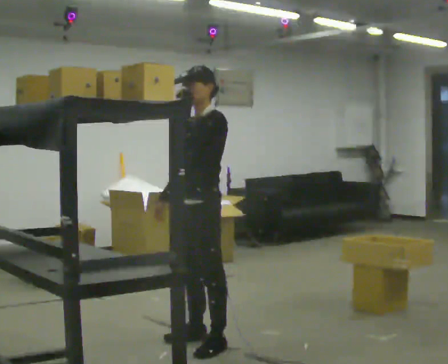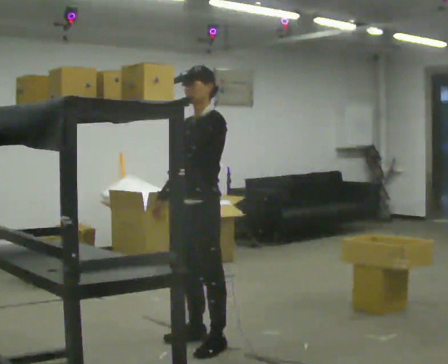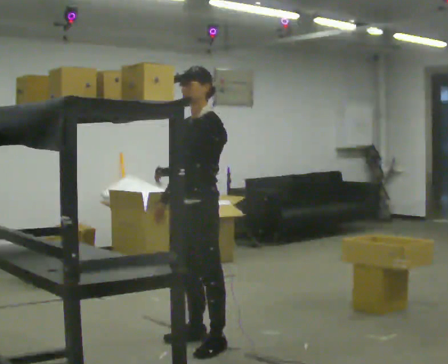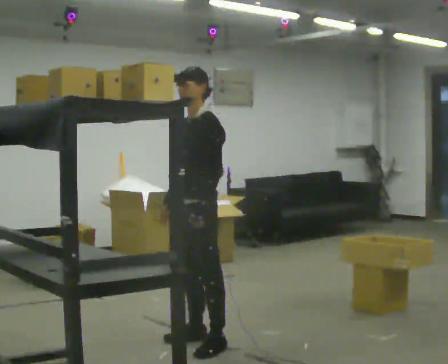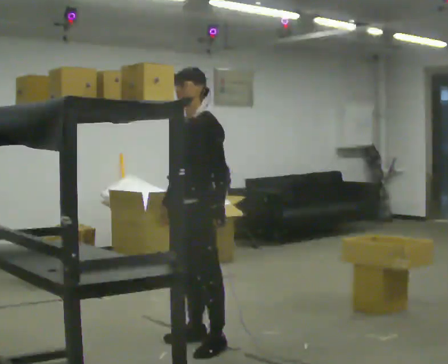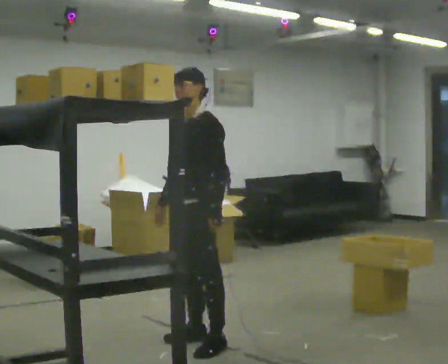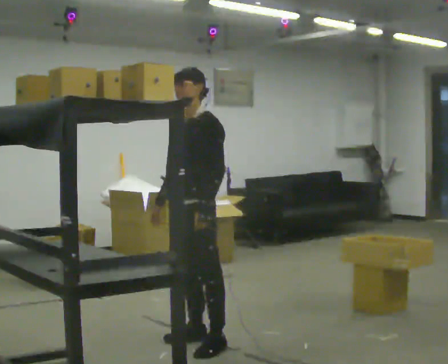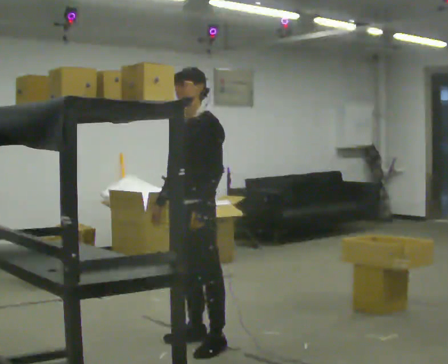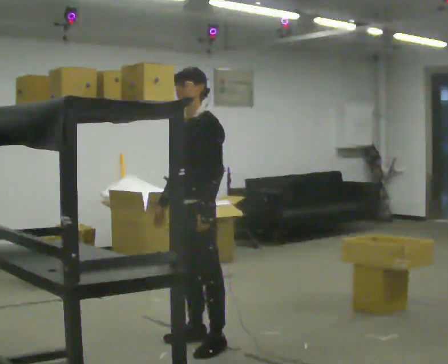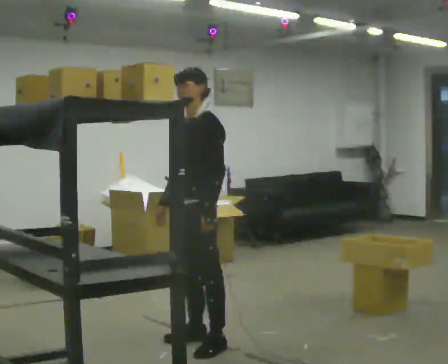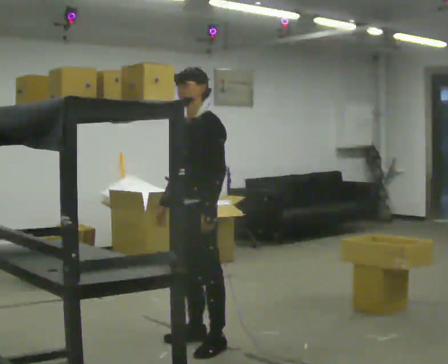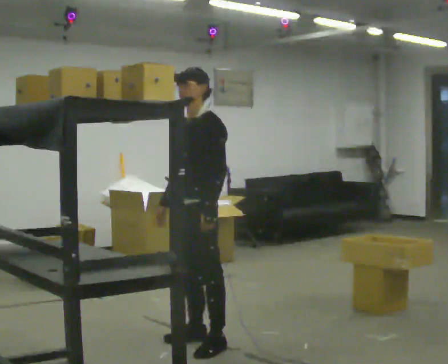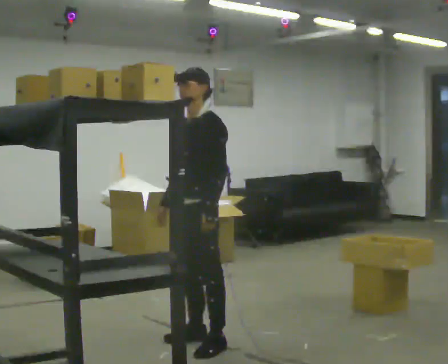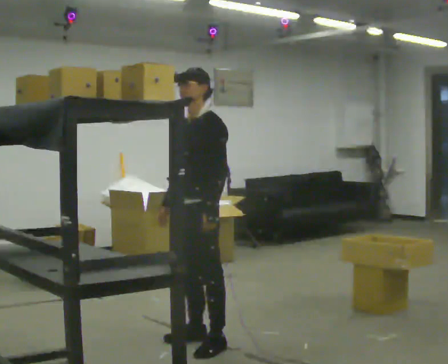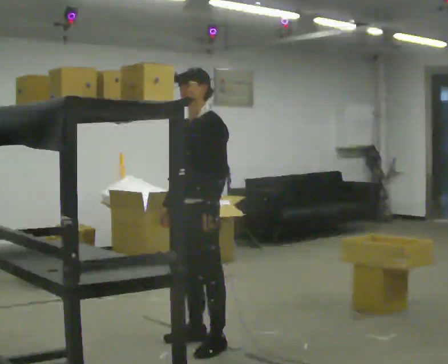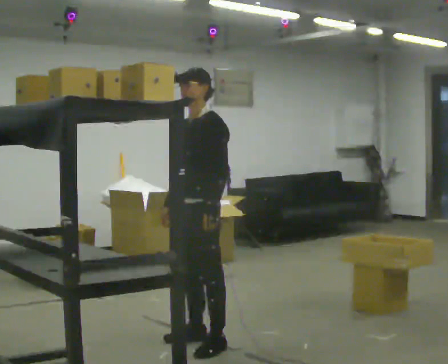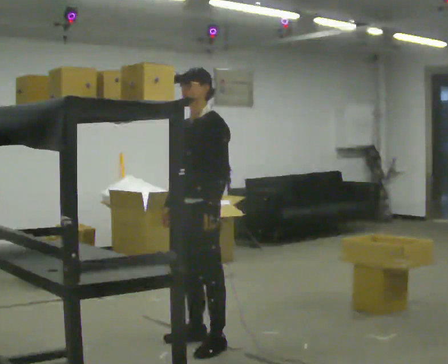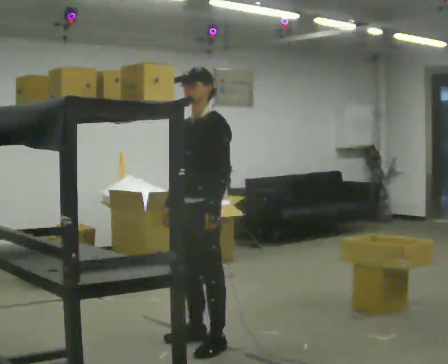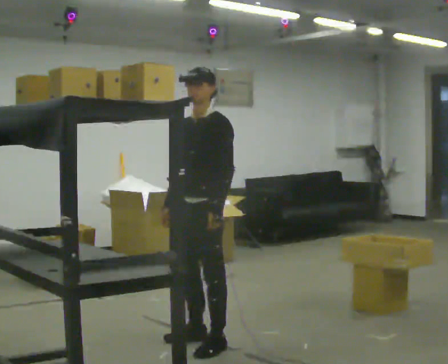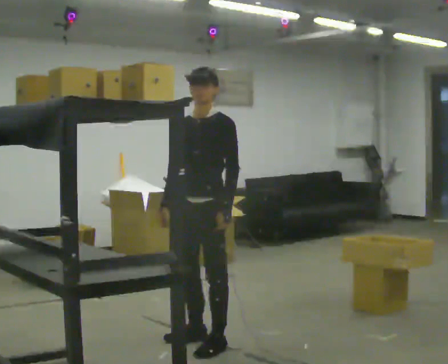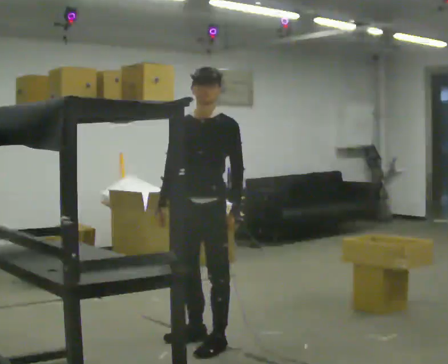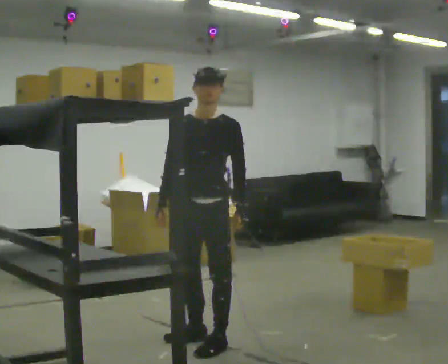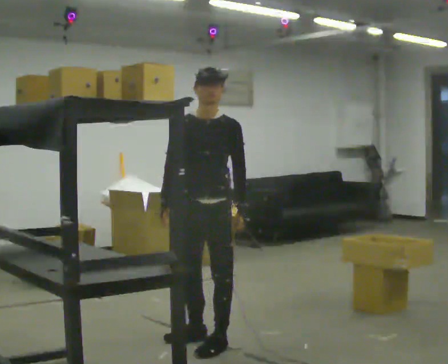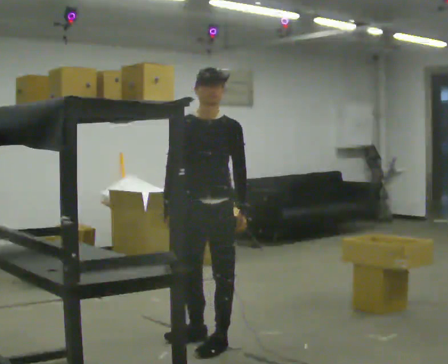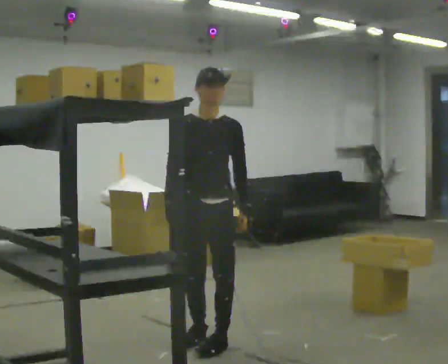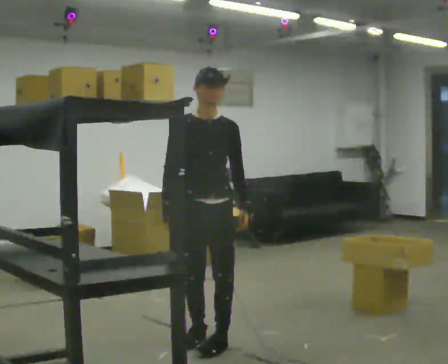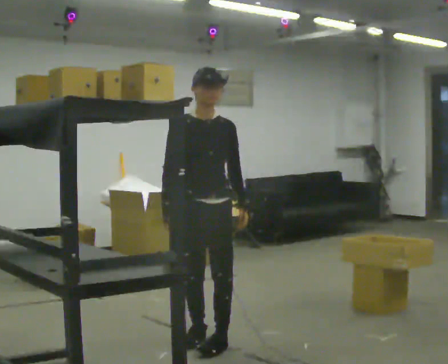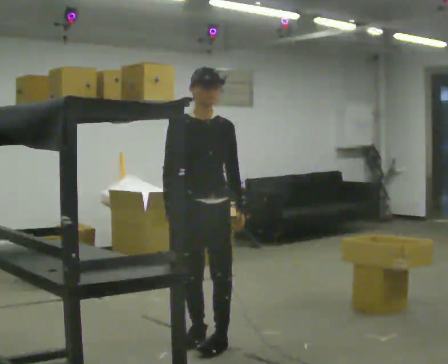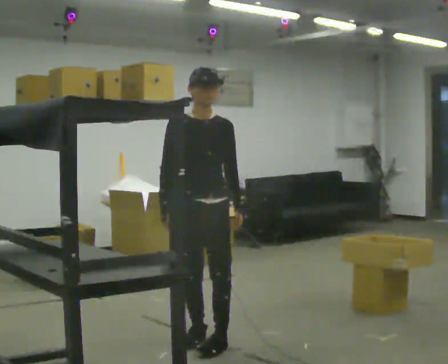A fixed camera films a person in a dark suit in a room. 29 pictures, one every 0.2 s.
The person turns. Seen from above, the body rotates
counterclockwise.
The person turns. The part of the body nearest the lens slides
to the right.
0.0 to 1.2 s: In the picture their left hand goes downward.
1.2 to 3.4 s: The person moves a little, or ends about where they began.
3.4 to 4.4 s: Seen from above the body turns counterclockwise, about 45 degrees: to their left, with its near side sliding to the right.
4.4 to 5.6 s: The person moves a little, or ends about where they began.
The film runs forward here.
